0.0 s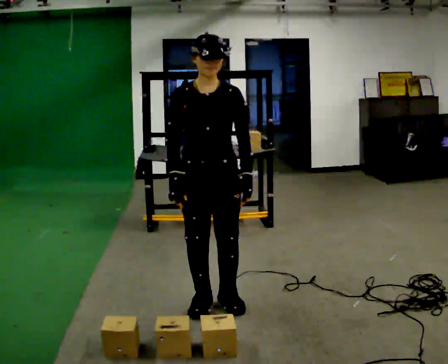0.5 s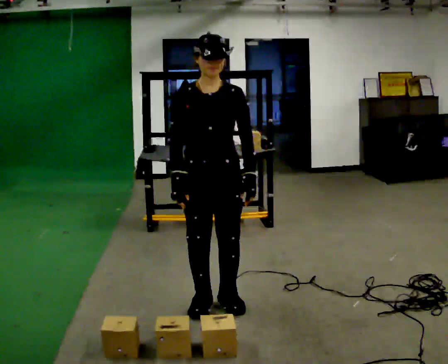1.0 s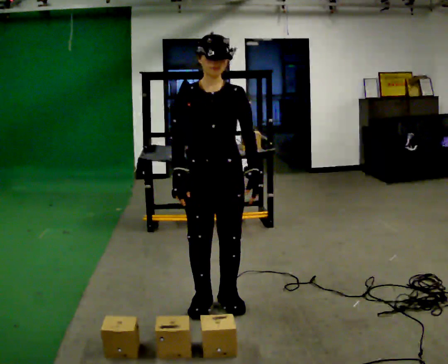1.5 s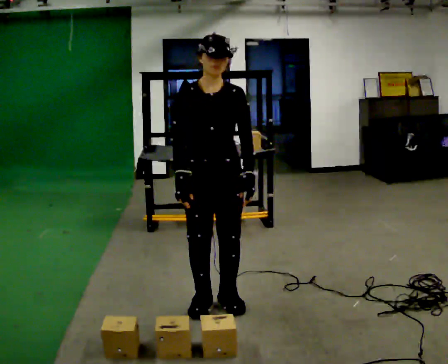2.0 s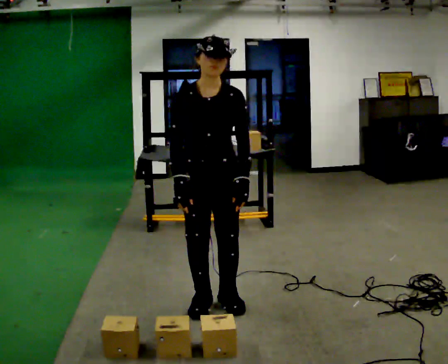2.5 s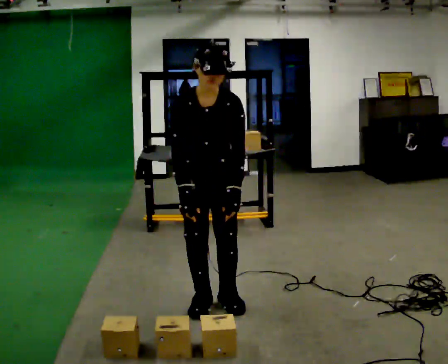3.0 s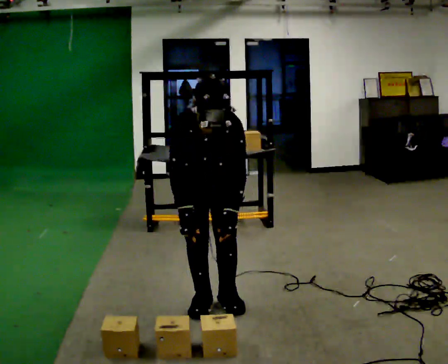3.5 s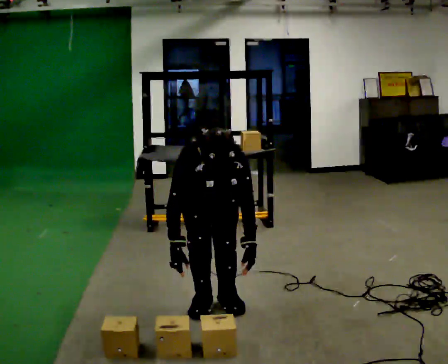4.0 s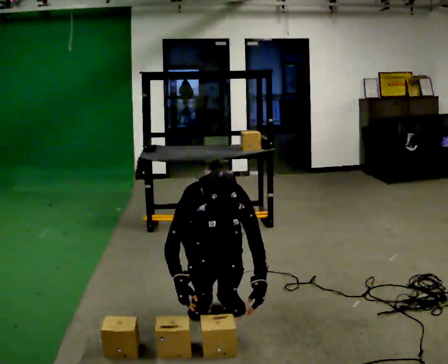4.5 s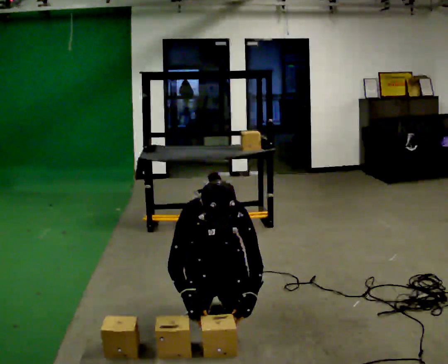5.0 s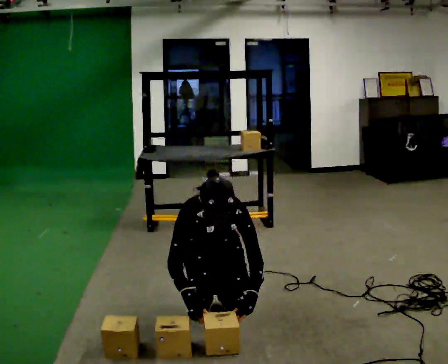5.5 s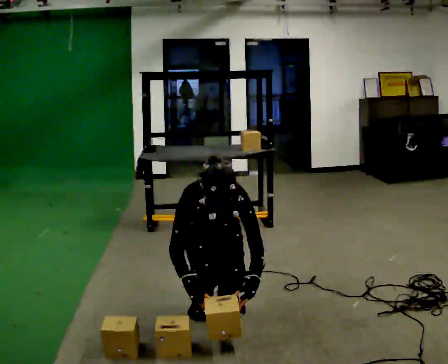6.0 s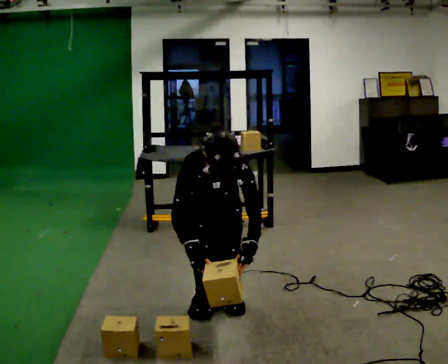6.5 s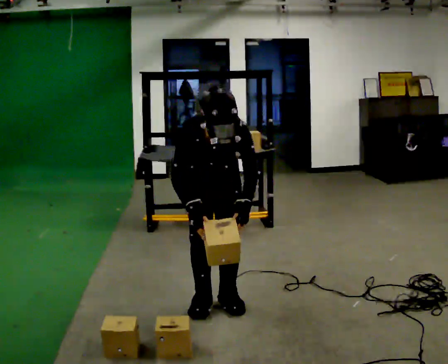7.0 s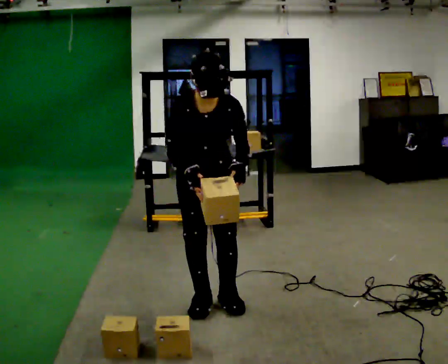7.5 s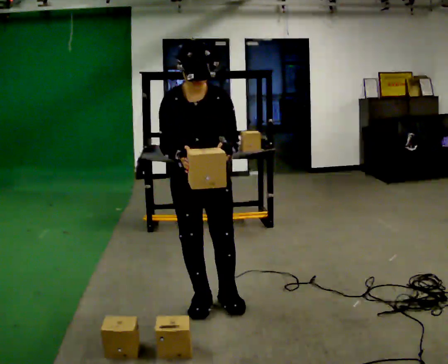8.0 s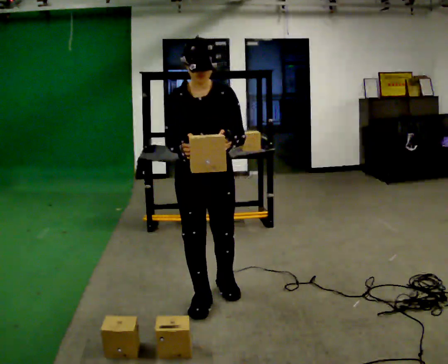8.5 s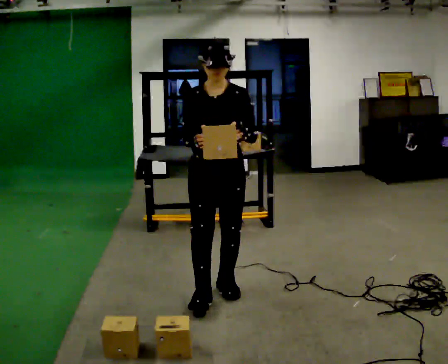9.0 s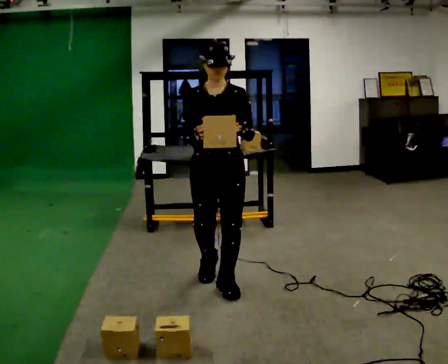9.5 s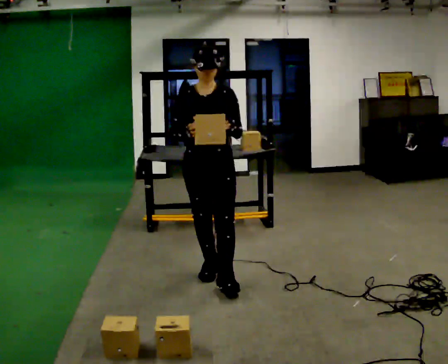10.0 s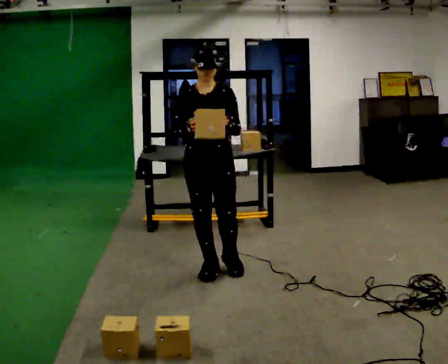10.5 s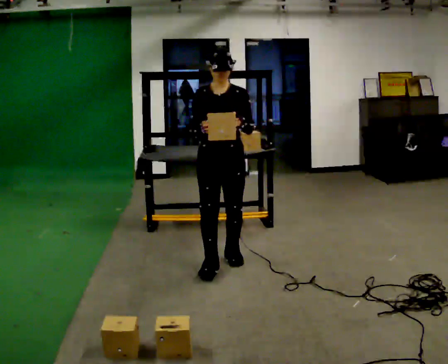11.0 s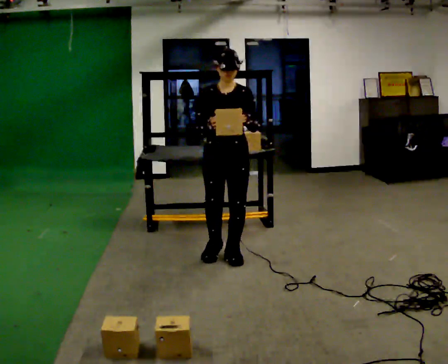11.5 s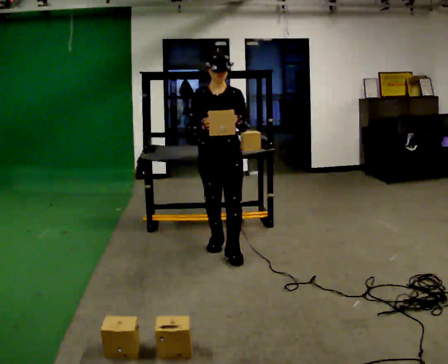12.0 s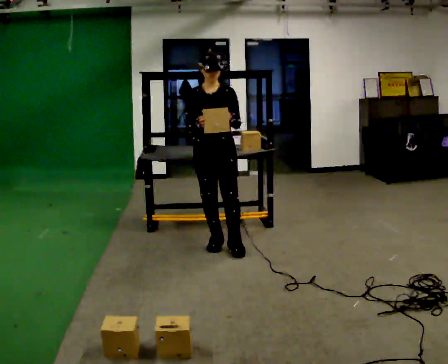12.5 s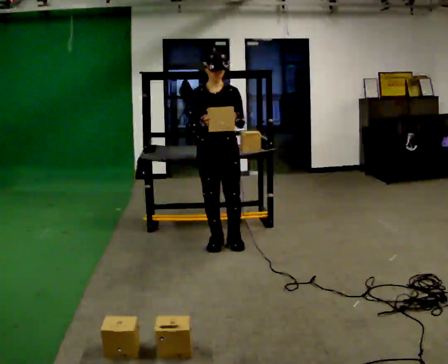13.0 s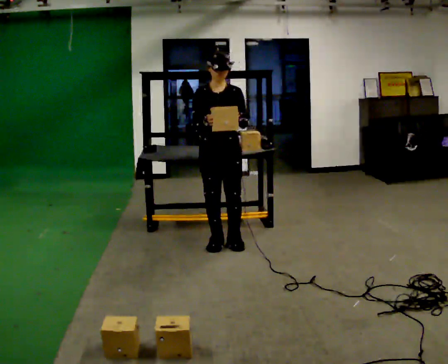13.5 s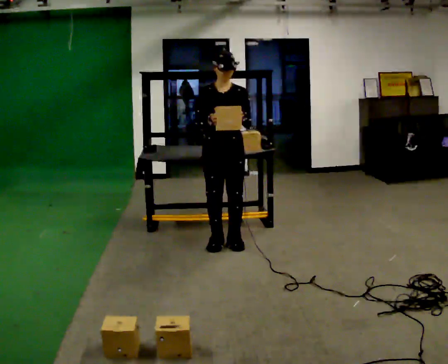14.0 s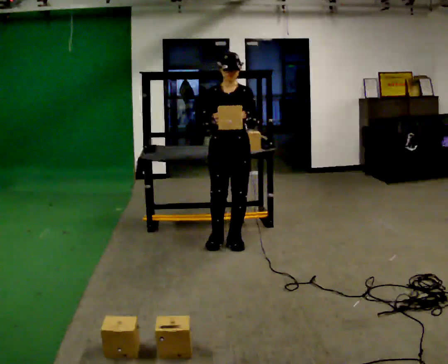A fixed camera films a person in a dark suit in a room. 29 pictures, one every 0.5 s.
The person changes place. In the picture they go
away from the camera.
0.0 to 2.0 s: The person moves a little, or ends about where they began.
2.0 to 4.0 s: The upper body goes downward. The upper body tips toward the camera, its near side rolling downward, as they bend forward. In the picture their left hand goes downward.
4.0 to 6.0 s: The person moves a little, or ends about where they began.
6.0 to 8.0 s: The shoulders move upward. The upper body tips away from the camera, its near side rolling upward, as they lean back or straighten. In the picture their left hand goes upward.
8.0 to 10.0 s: In the picture they go away from the camera, about 0.5 m in 2 steps, which for them is backward.
10.0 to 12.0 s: In the picture they go away from the camera, about 0.5 m in 2 steps, which for them is backward.
12.0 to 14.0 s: The person moves a little, or ends about where they began.
The film runs backward here.
